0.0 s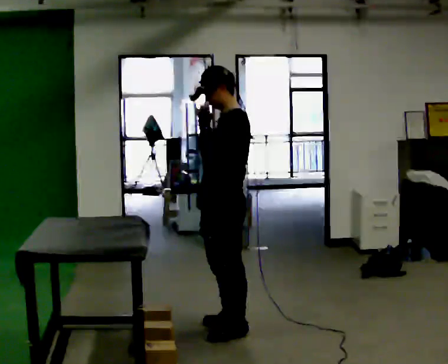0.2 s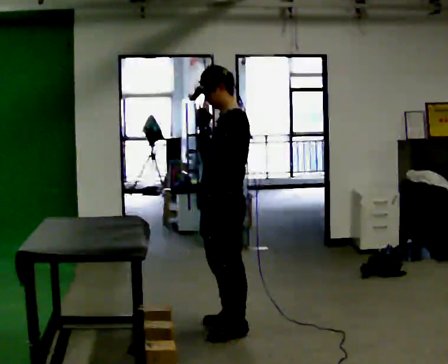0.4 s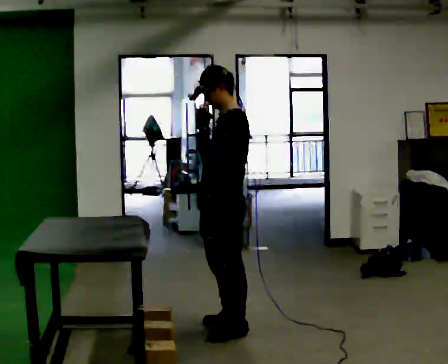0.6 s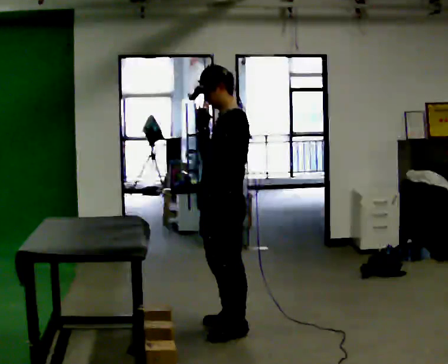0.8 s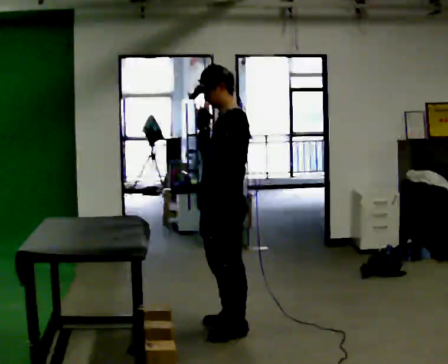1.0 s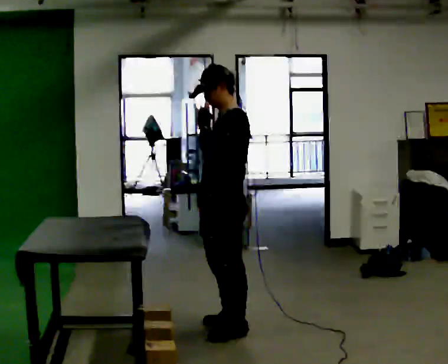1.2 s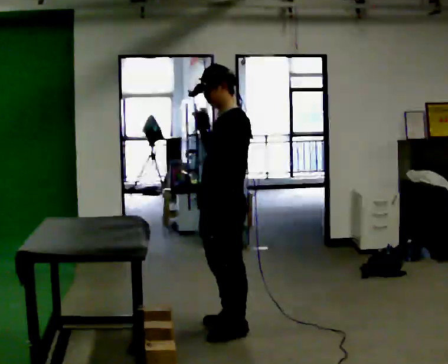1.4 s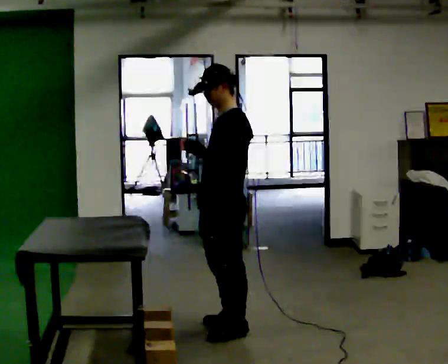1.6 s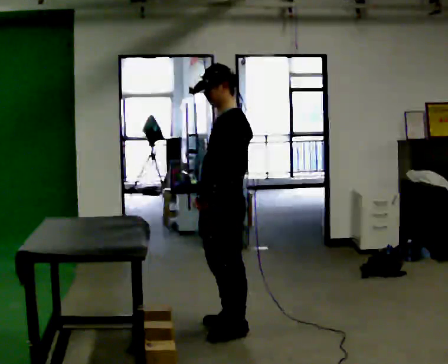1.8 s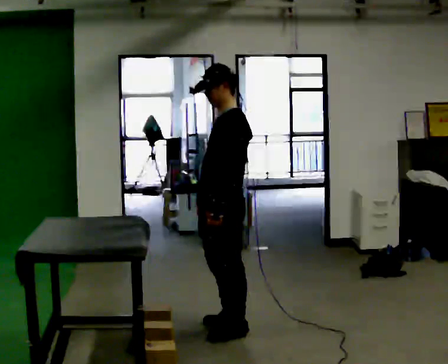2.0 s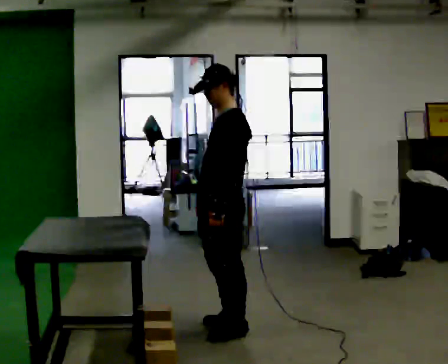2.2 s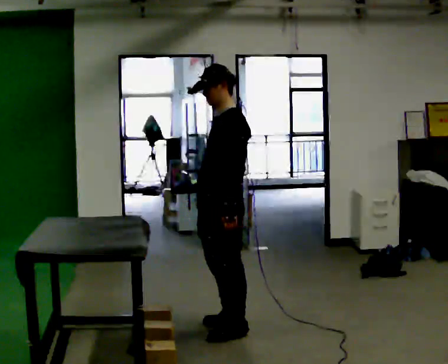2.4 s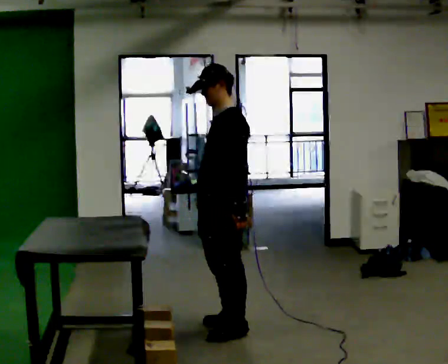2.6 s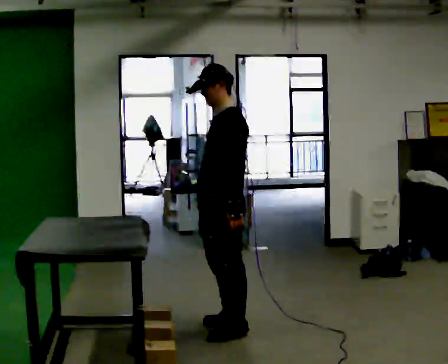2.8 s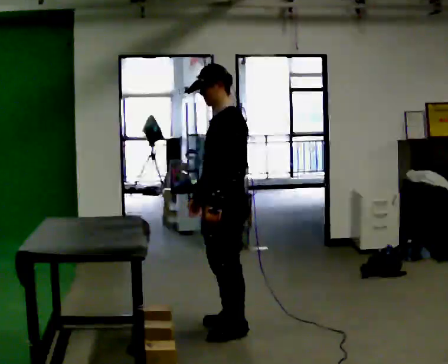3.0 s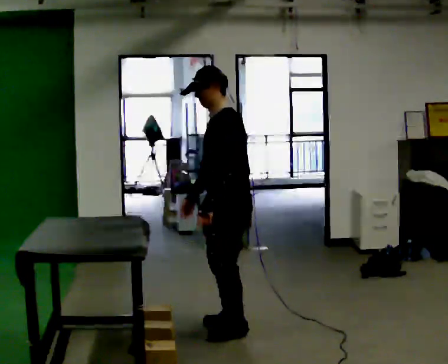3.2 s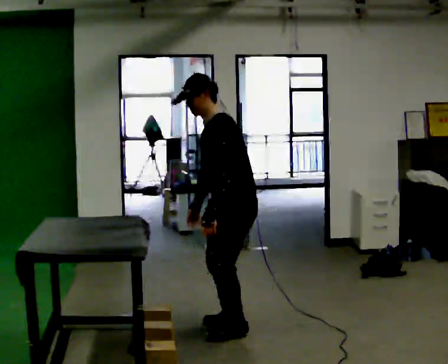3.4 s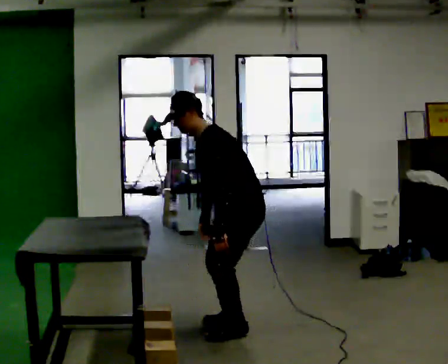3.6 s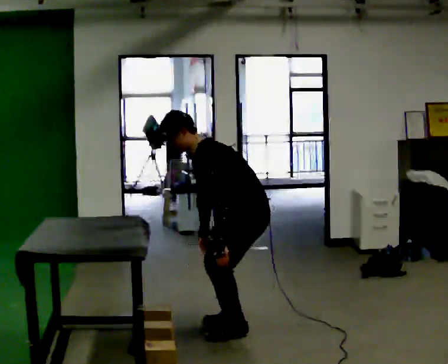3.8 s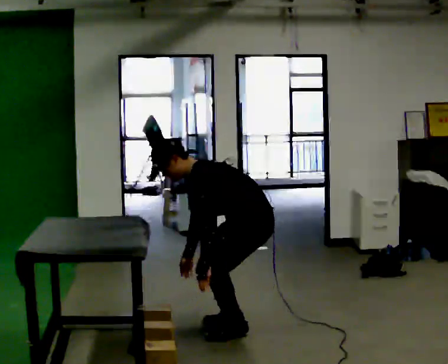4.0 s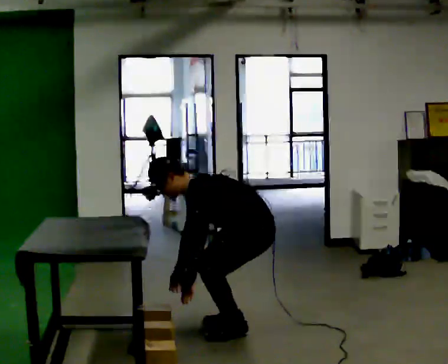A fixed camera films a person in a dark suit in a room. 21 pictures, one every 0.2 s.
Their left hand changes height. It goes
downward.
The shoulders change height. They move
downward.
0.0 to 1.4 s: The person moves a little, or ends about where they began.
1.4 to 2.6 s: In the picture their left hand goes downward.
2.6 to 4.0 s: In the picture they go to the right, about 0.25 m, which for them is backward. The upper body goes downward. In the picture the upper body tilts counterclockwise, shoulders to the left, as they bend forward. In the picture their left hand goes downward.
The film runs backward here.
